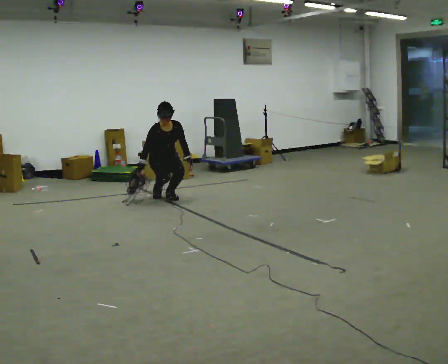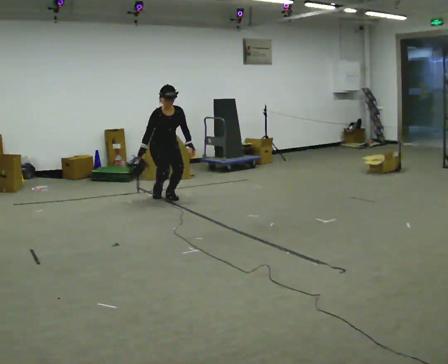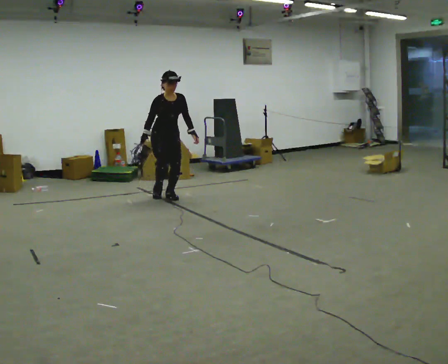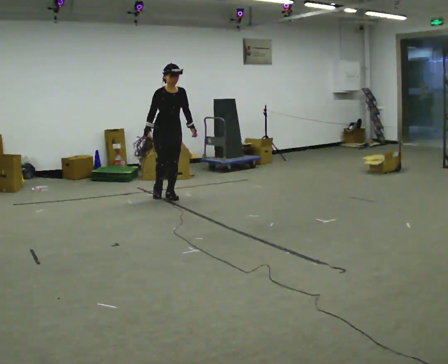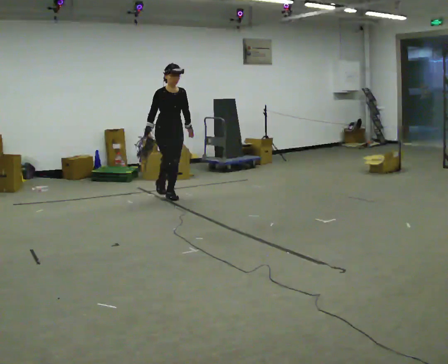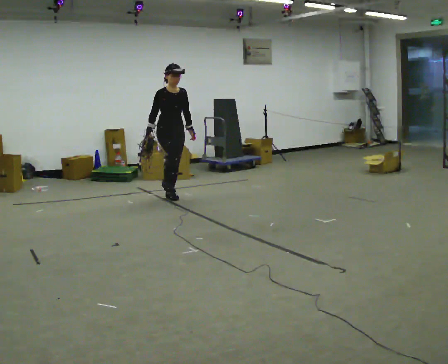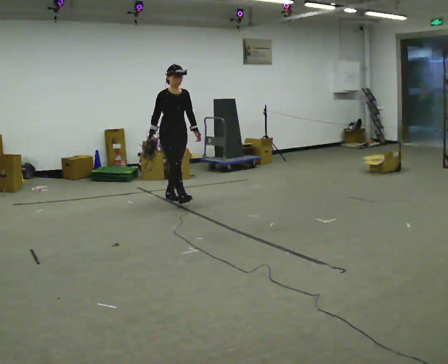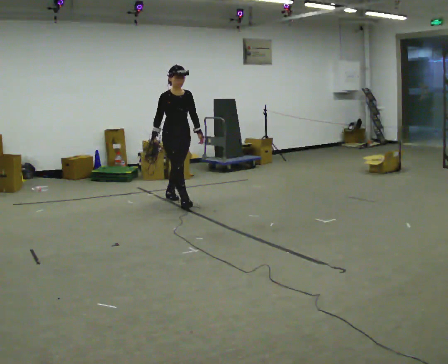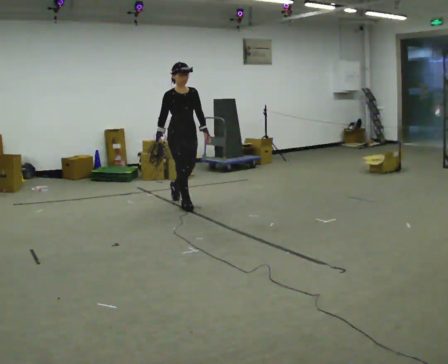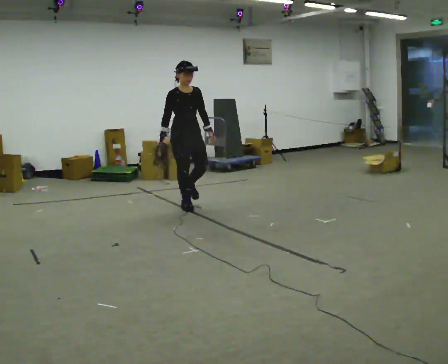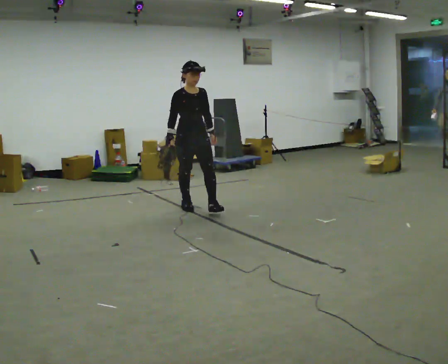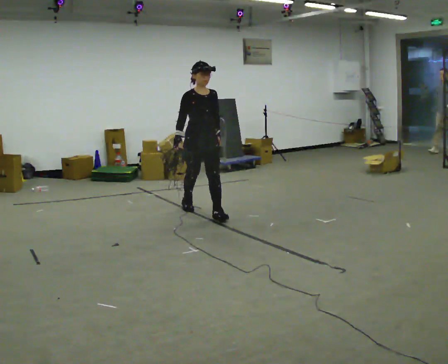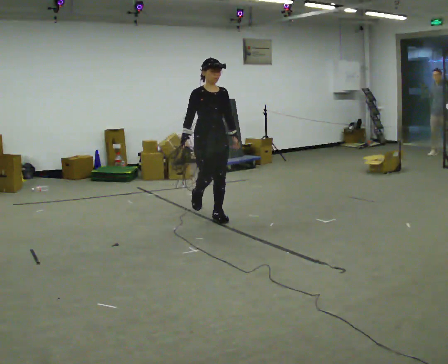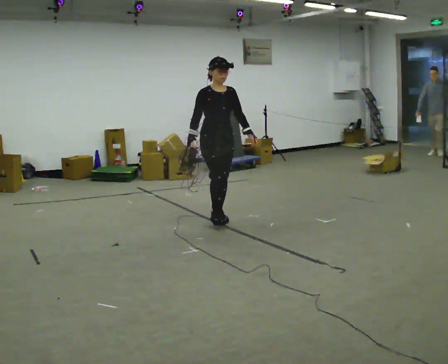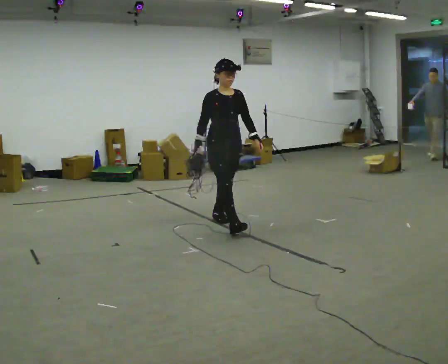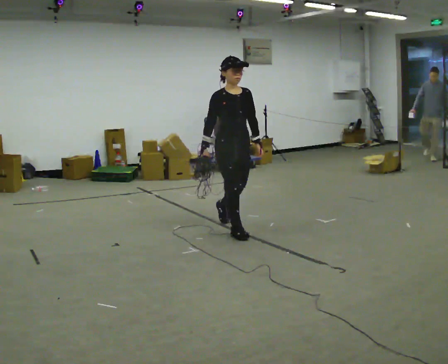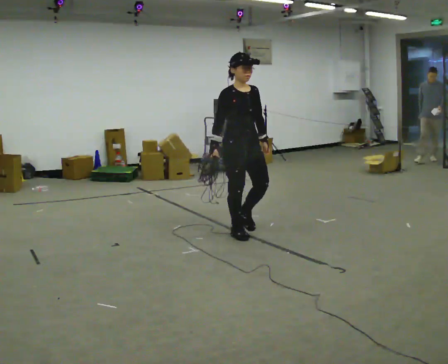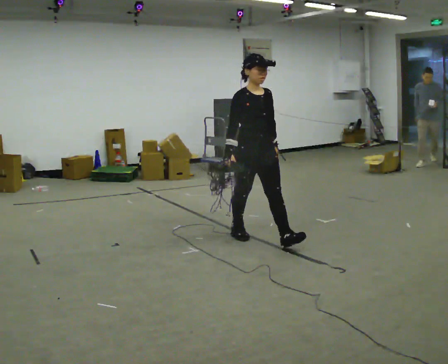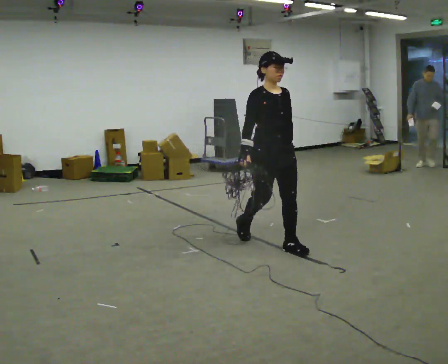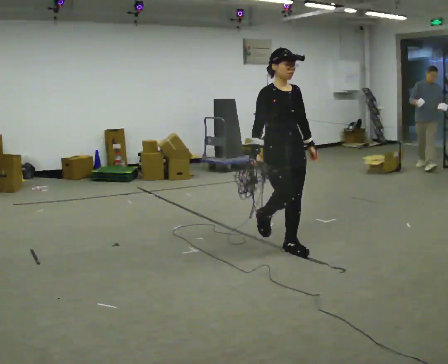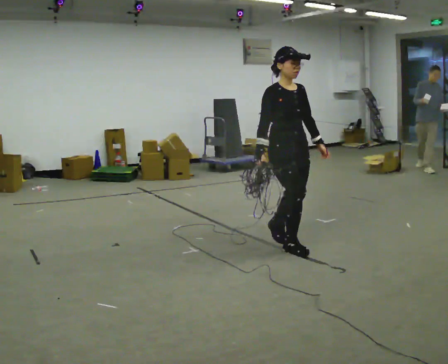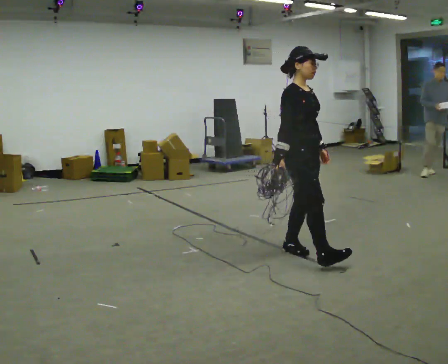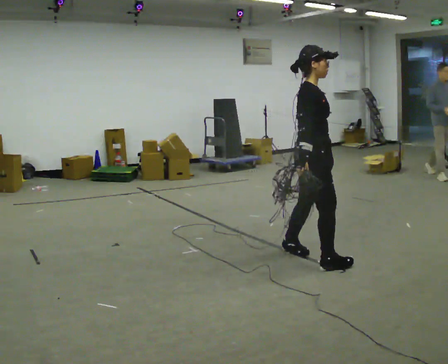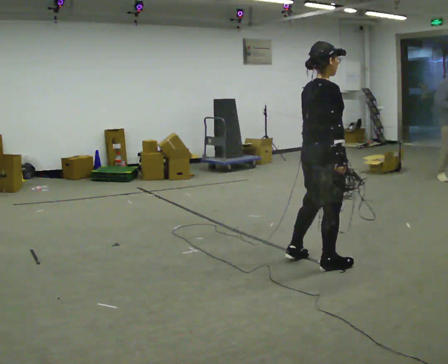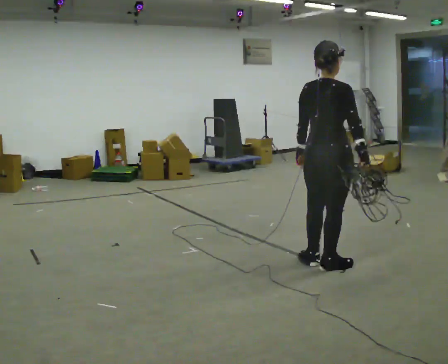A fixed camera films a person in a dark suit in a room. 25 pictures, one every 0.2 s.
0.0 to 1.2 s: In the picture they go toward the camera and to the right, about 0.25 m, which for them is forward. The shoulders move upward. The upper body tips away from the camera, its near side rolling upward, as they lean back or straighten. In the picture their left hand goes upward.
1.2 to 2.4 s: In the picture they go toward the camera and to the right, about 1 m in 2 steps, which for them is forward.
2.4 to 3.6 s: In the picture they go toward the camera and to the right, about 1 m in 2 steps, which for them is forward.
3.6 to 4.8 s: Seen from above the body turns counterclockwise, about 120 degrees: to their left, with its near side sliding to the right. In the picture they go toward the camera and to the right, about 0.75 m in 1 step.
The film runs forward here.
